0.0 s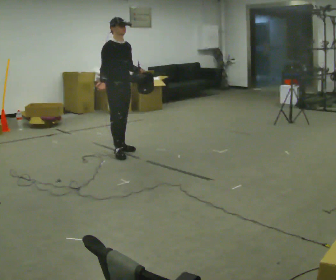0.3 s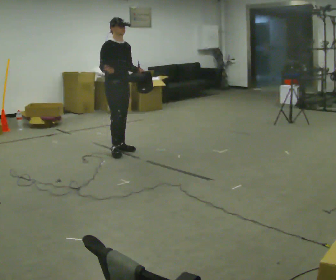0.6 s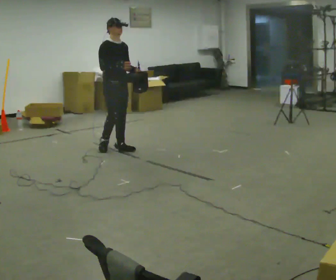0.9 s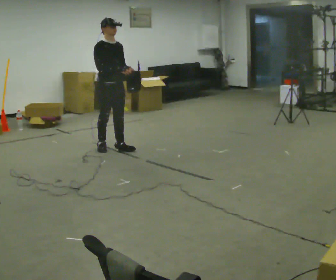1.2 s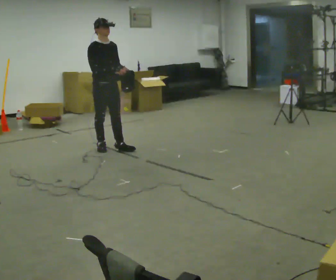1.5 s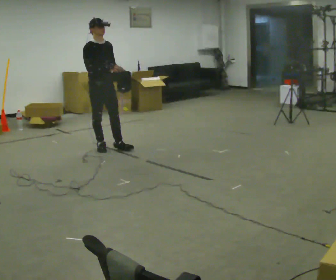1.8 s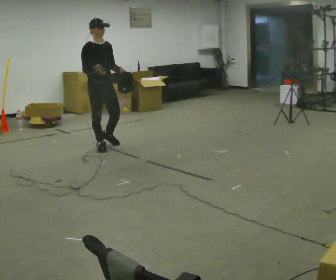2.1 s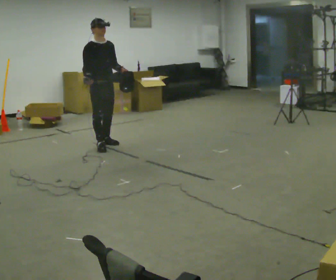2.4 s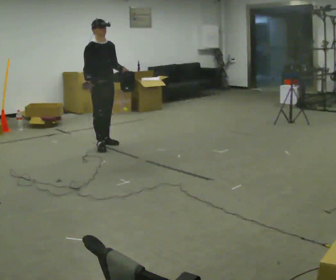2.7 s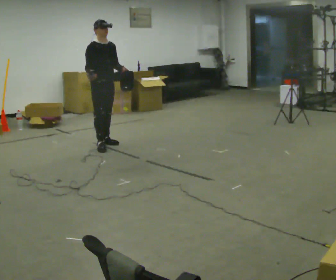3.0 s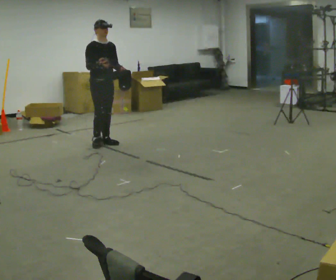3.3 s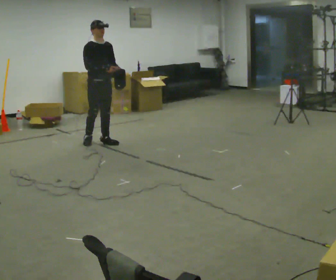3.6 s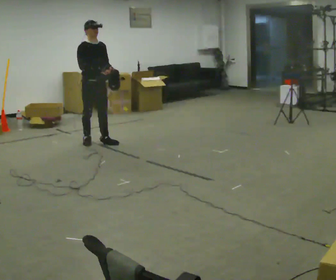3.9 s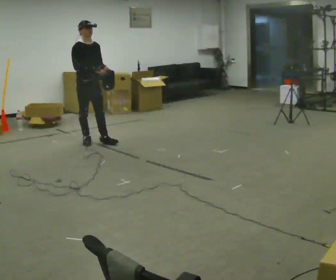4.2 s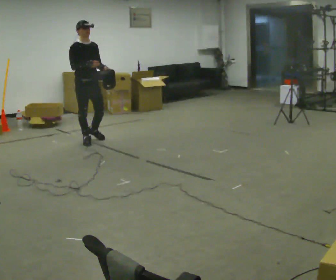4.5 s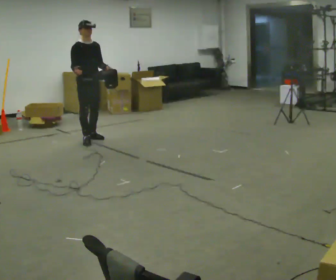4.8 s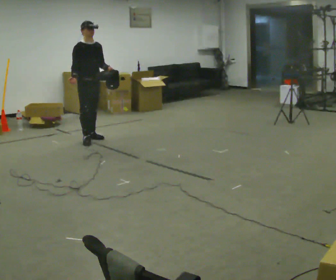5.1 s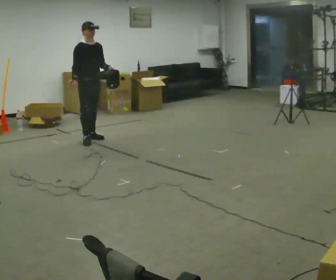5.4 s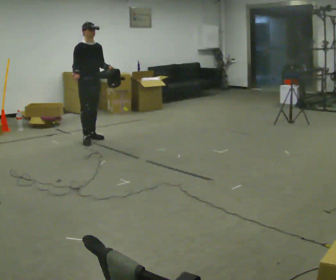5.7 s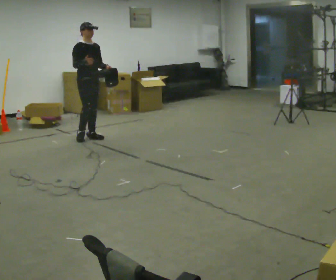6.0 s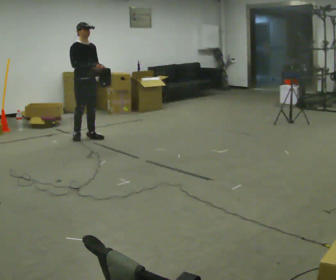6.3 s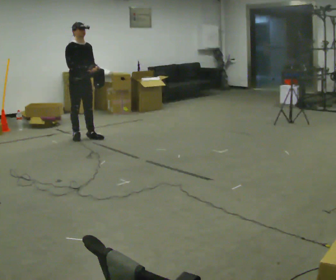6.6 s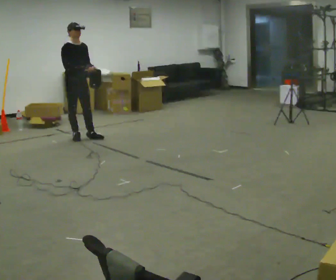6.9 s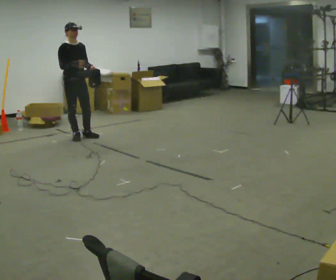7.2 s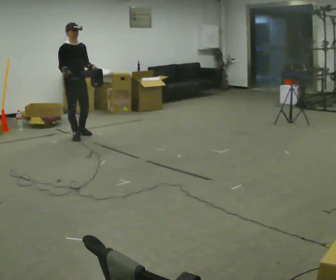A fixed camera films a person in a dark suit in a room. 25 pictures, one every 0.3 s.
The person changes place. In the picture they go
away from the camera.
0.0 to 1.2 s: The person moves a little, or ends about where they began.
1.2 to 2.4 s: In the picture they go away from the camera, about 0.25 m in 1 step, which for them is backward. In the picture their right hand goes to the left.
2.4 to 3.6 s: In the picture they go away from the camera, about 0.25 m in 1 step, which for them is backward.
3.6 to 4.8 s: In the picture they go away from the camera, about 0.25 m in 1 step, which for them is backward. In the picture their right hand goes to the left.
4.8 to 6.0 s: In the picture they go away from the camera, about 0.25 m in 1 step, which for them is backward.
6.0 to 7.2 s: In the picture they go to the left, about 0.25 m in 1 step, which for them is backward. In the picture their right hand goes to the left.
The film runs backward here.
